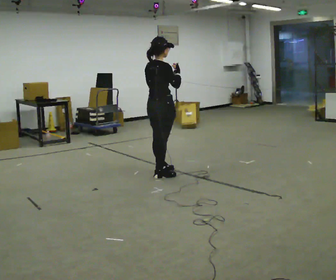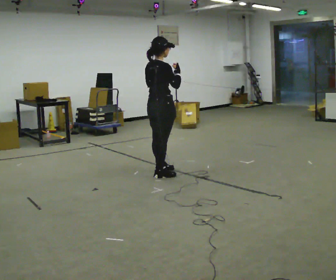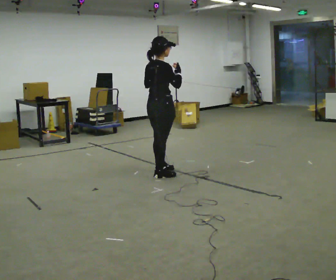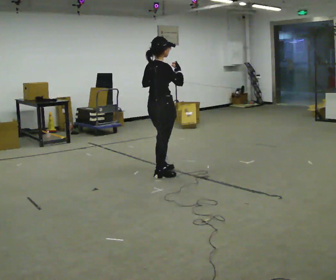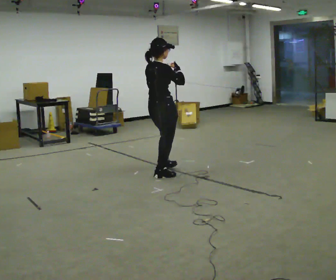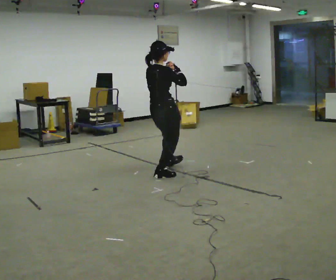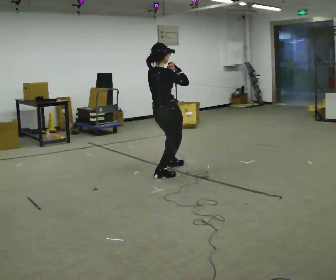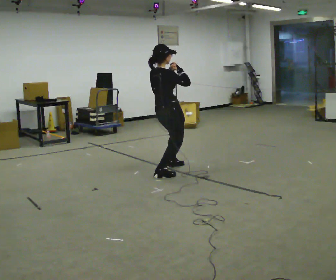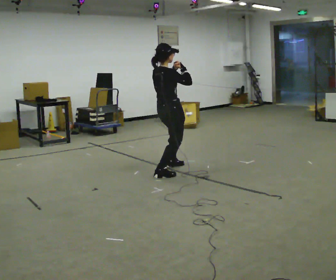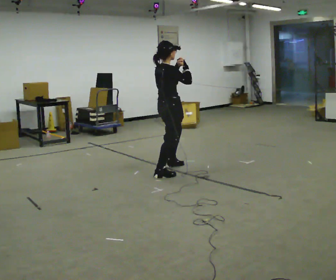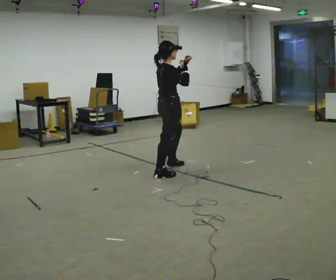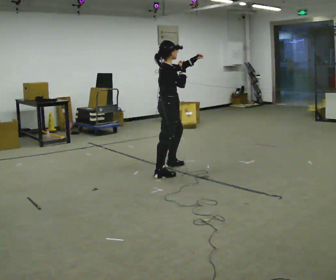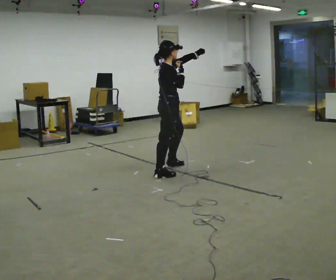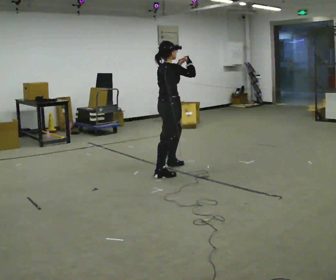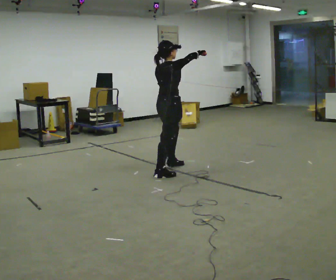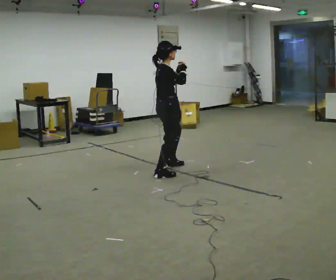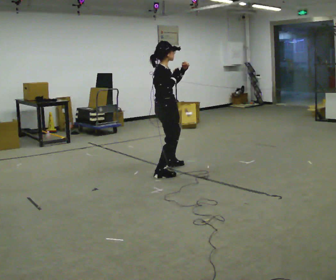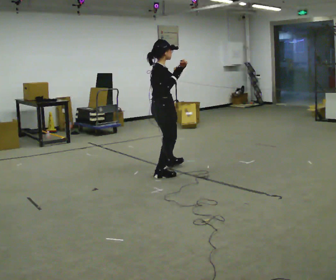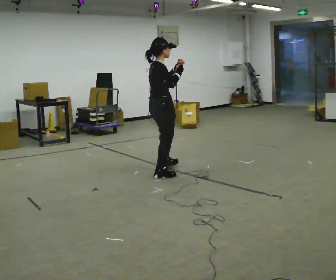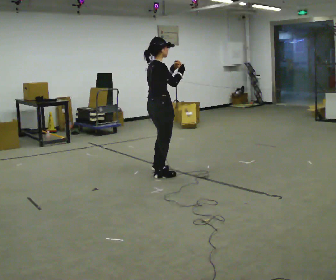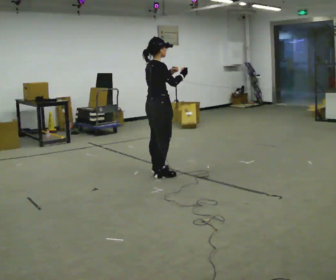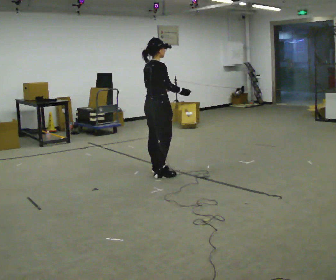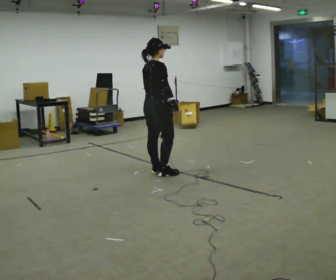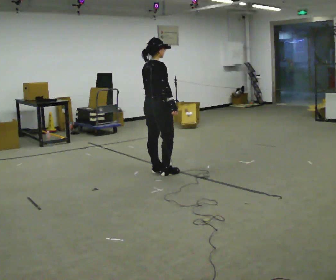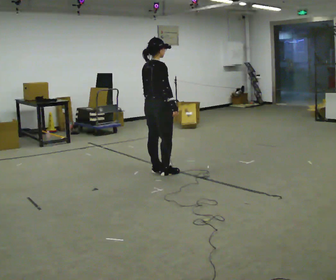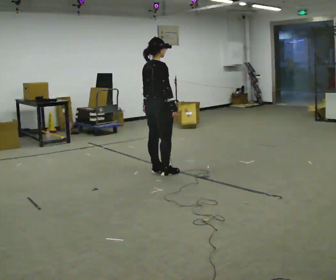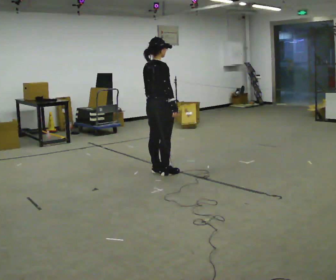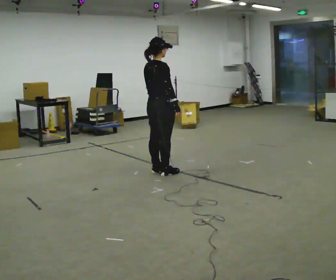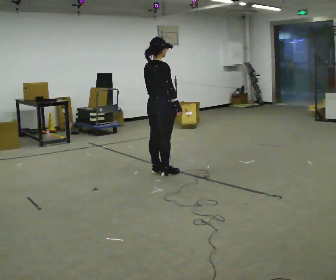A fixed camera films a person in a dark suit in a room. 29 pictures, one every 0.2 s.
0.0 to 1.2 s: The person moves a little, or ends about where they began.
1.2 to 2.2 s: The person turns about 30 degrees to their right, clockwise seen from above, so the part of the body nearest the lens slides to the left. In the picture they go away from the camera, about 0.25 m, which for them is to their left and forward. In the picture their left hand goes to the right.
2.2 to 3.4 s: In the picture they go toward the camera, about 0.25 m, which for them is backward.
3.4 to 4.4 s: In the picture their left hand goes downward and to the left.
4.4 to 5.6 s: The person moves a little, or ends about where they began.
The film runs backward here.
